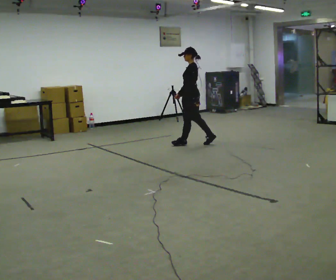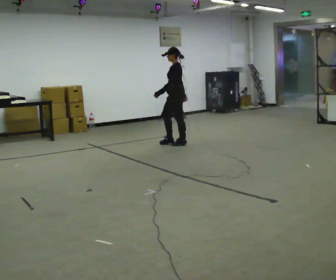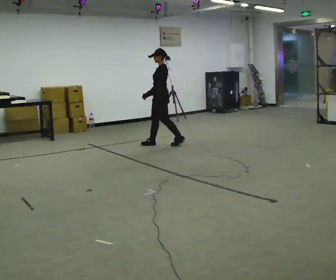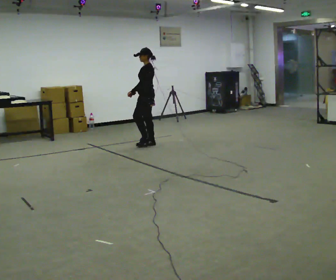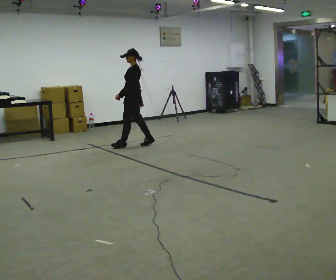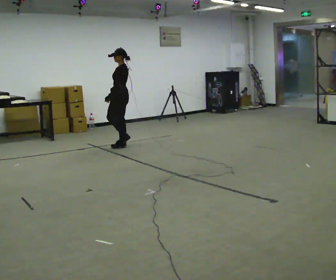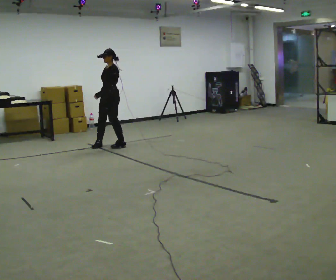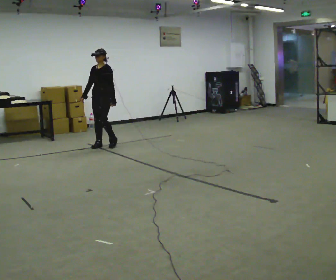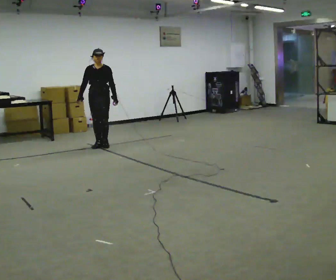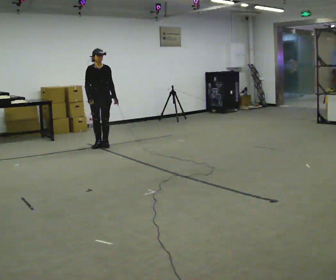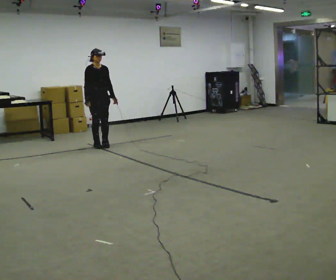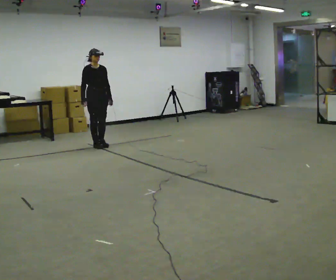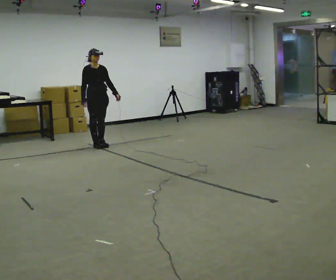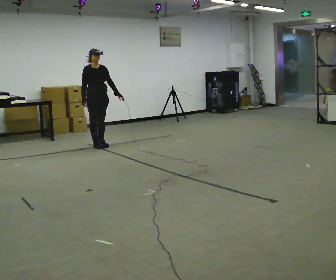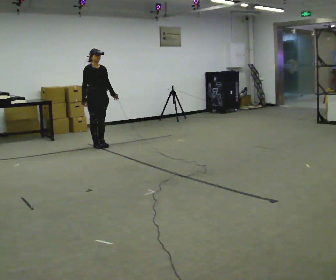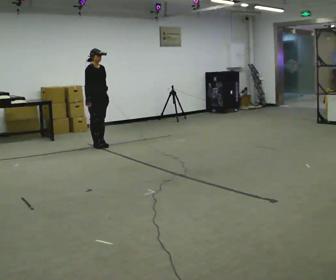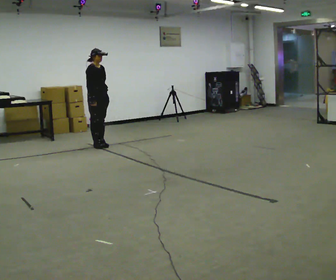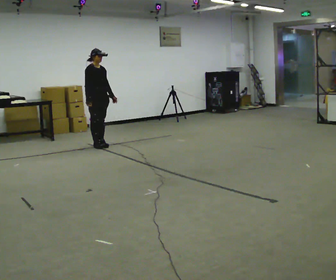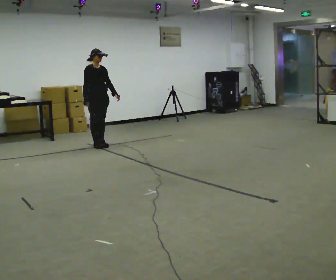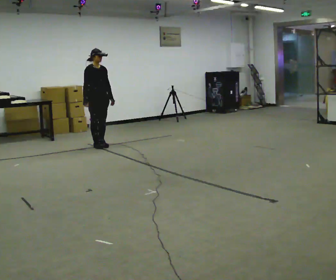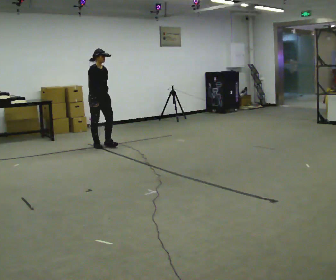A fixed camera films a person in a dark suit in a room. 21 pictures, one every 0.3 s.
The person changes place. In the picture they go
to the left.
The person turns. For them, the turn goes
to their left.
0.0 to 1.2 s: In the picture they go to the left, about 1 m in 2 steps, which for them is forward.
1.2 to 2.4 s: The person turns about 90 degrees to their left, counterclockwise seen from above, so the part of the body nearest the lens slides to the right. In the picture they go to the left, about 0.5 m in 2 steps.
2.4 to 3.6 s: The person turns about 30 degrees to their left, counterclockwise seen from above, so the part of the body nearest the lens slides to the right.
3.6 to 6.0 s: Seen from above the body turns counterclockwise, about 30 degrees: to their left, with its near side sliding to the right.
The film runs forward here.
